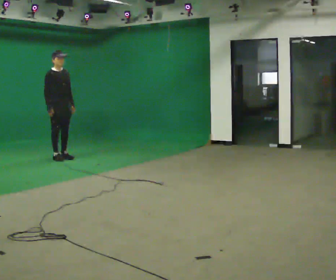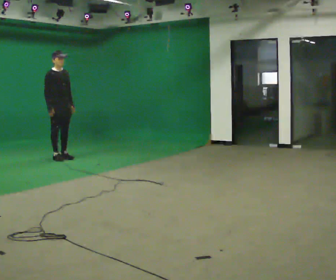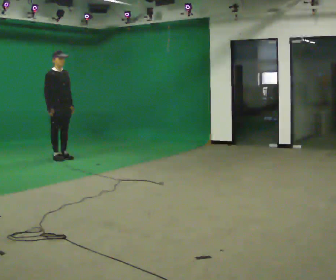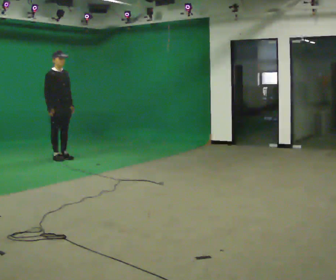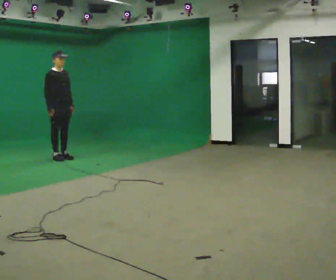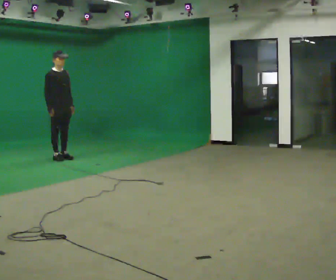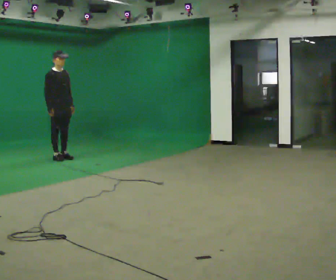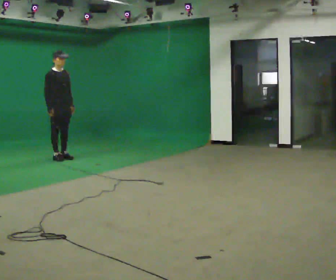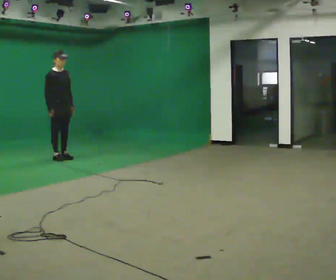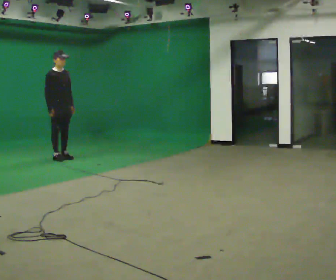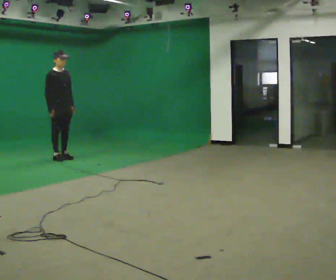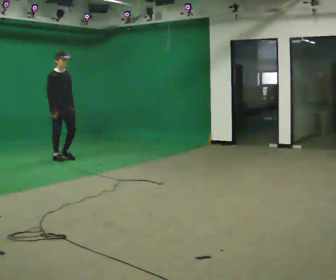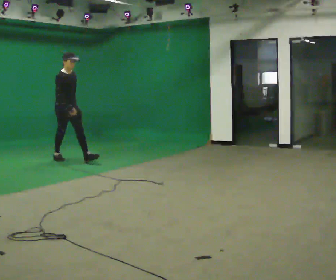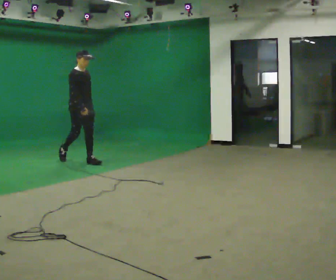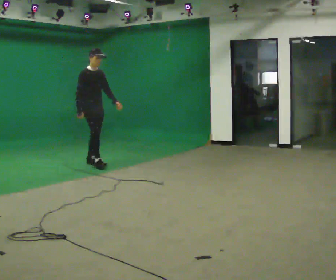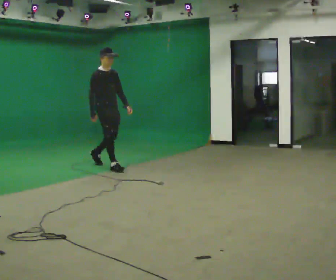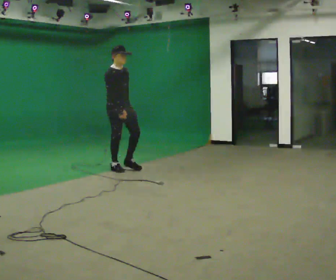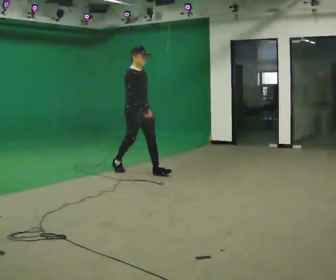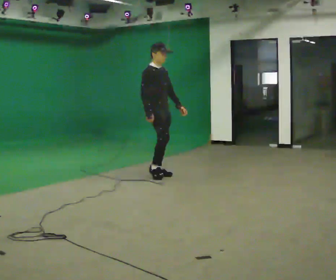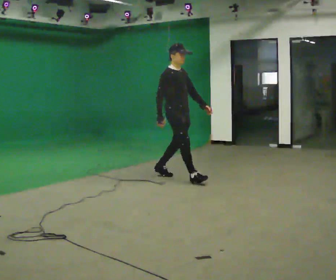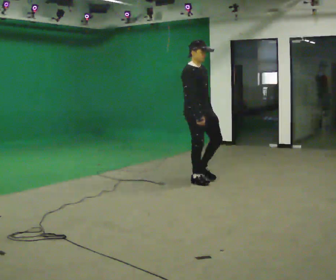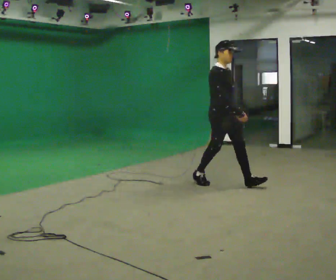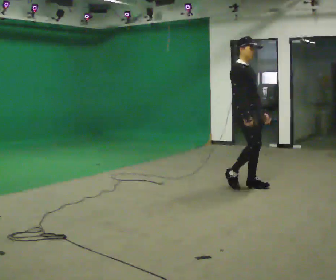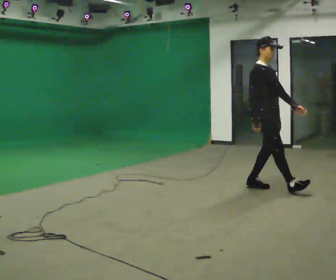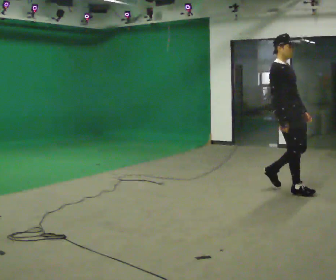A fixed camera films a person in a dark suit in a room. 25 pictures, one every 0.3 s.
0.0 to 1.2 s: The person keeps their place and pose.
1.2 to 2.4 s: The person moves a little, or ends about where they began.
2.4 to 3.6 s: In the picture they go toward the camera, about 0.25 m, which for them is forward. In the picture their right hand goes to the right.
3.6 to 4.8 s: In the picture they go toward the camera and to the right, about 1 m in 2 steps, which for them is forward.
4.8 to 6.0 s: In the picture they go toward the camera and to the right, about 1.5 m in 2 steps, which for them is forward.
6.0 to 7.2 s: In the picture they go toward the camera and to the right, about 1 m in 2 steps, which for them is forward.
The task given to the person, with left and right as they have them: Stand still 2 s; begin walking naturally; walk forward; stop.
The film runs forward here.
